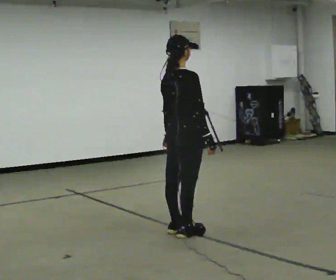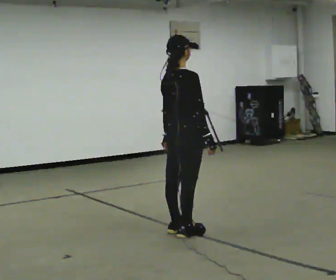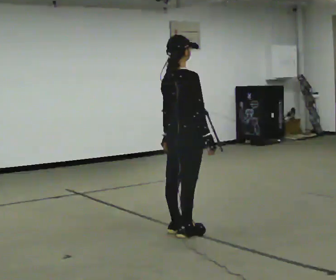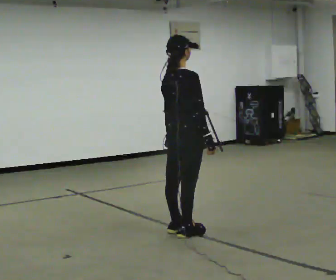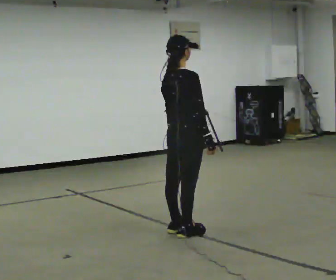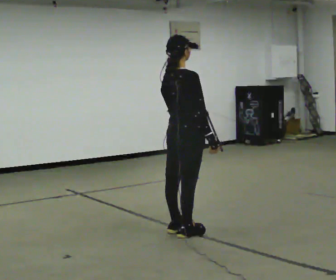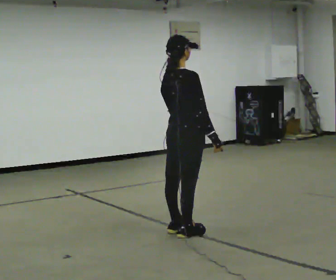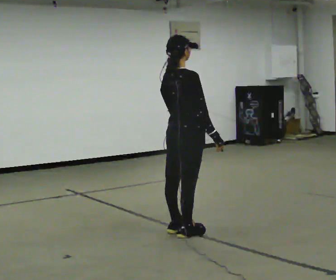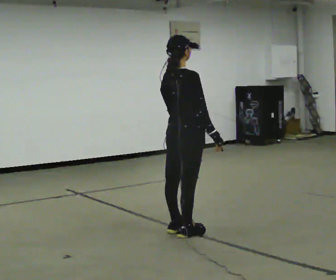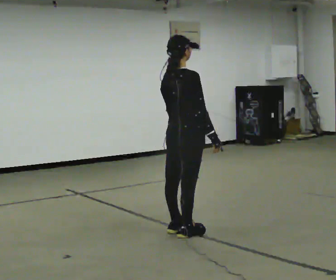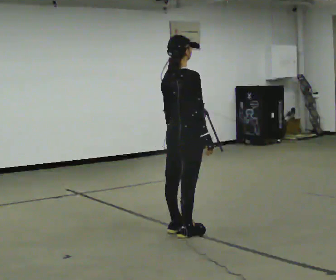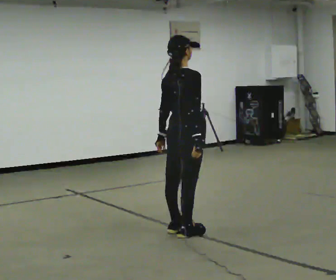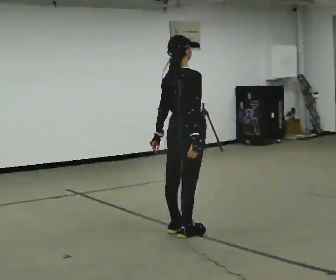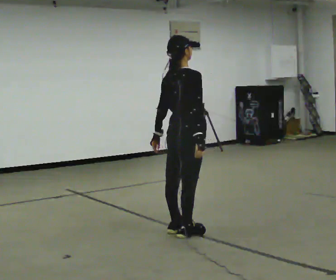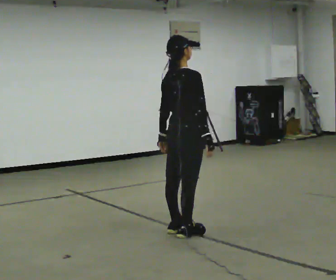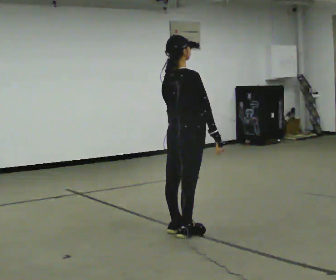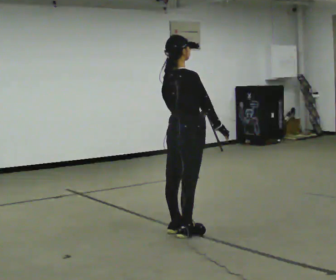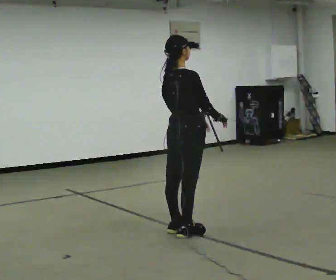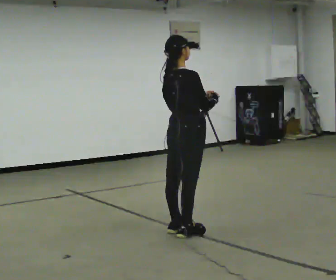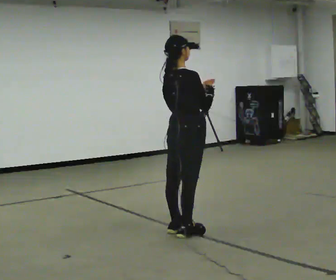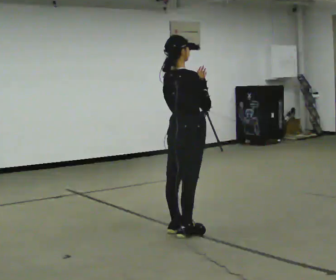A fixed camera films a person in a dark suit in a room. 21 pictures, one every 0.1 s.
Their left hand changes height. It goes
upward.
Their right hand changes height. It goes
upward.
0.0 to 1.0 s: The person moves a little, or ends about where they began.
1.0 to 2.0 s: In the picture their right hand goes upward.
The film runs backward here.
